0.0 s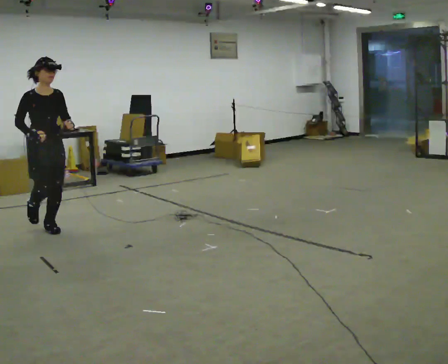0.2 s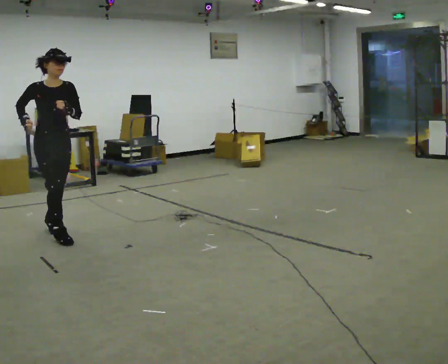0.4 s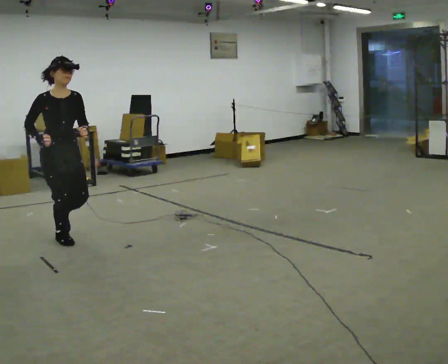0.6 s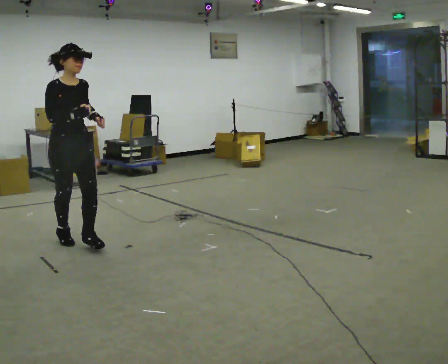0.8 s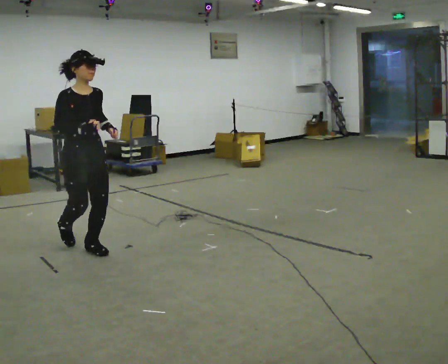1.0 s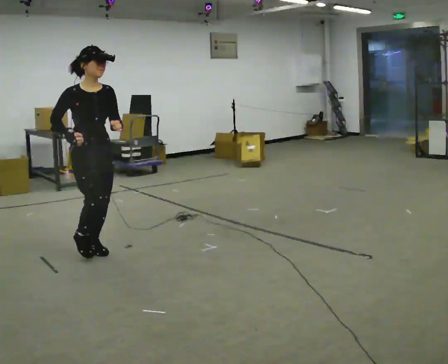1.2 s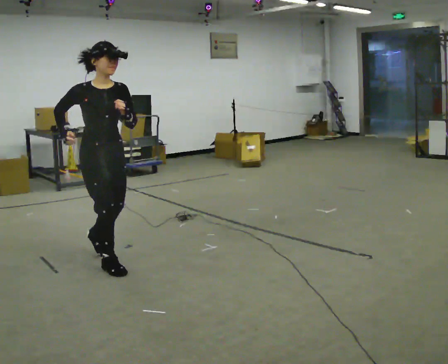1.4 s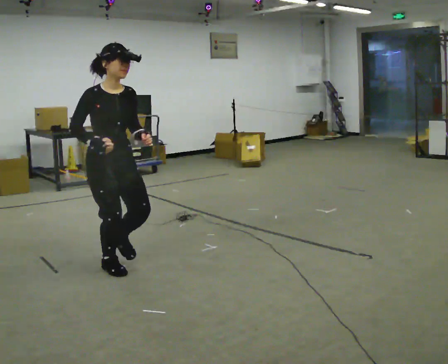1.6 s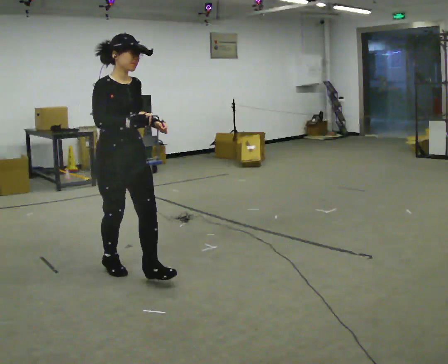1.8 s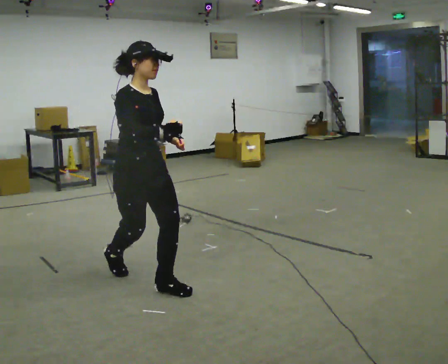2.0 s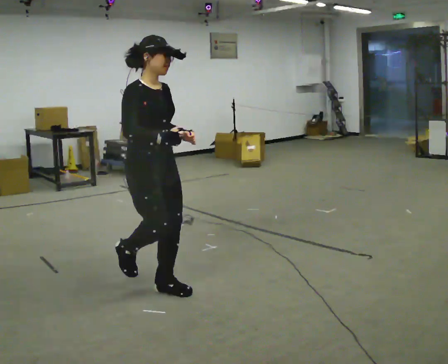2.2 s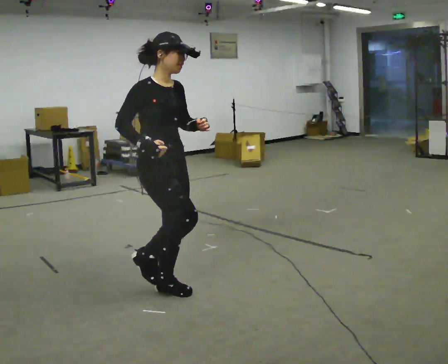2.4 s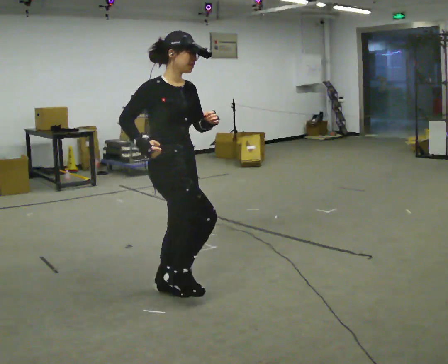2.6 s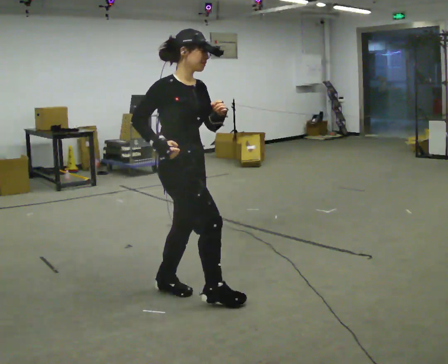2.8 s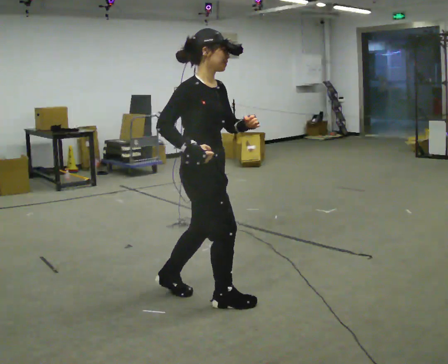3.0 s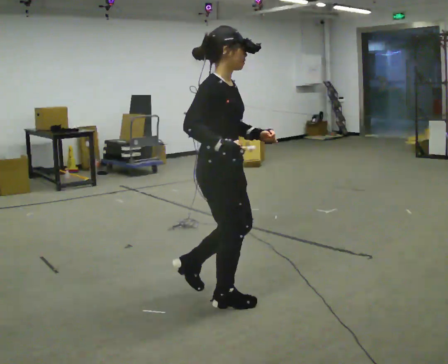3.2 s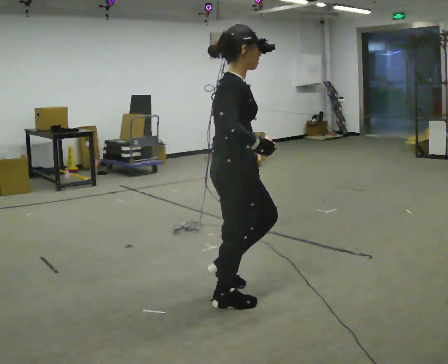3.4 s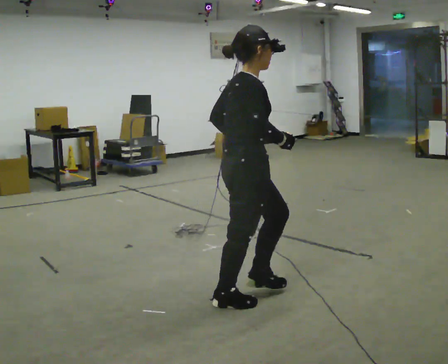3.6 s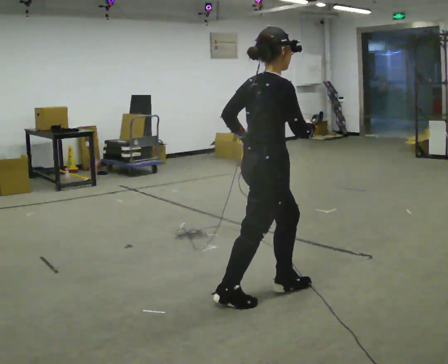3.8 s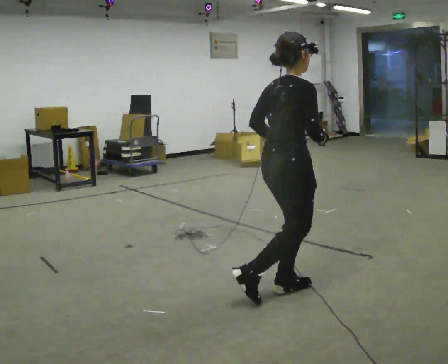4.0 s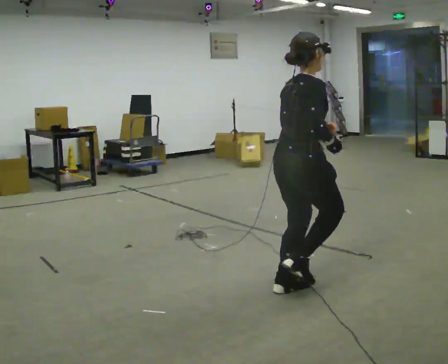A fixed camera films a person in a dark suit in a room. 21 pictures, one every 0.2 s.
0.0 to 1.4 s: In the picture they go toward the camera and to the right, about 1 m in 3 steps, which for them is forward.
1.4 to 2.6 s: In the picture they go to the right and toward the camera, about 0.75 m in 1 step, which for them is forward.
2.6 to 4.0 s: The part of the body nearest the lens slides to the right as the person turns to their left by about 60 degrees. In the picture they go to the right, about 0.75 m in 2 steps, which for them is forward.
The film runs forward here.
